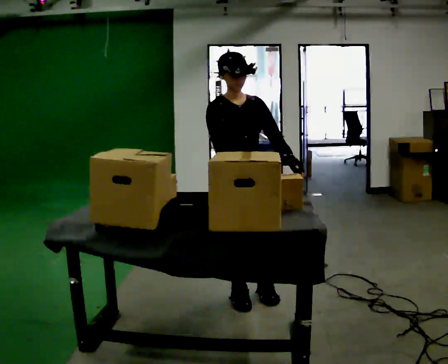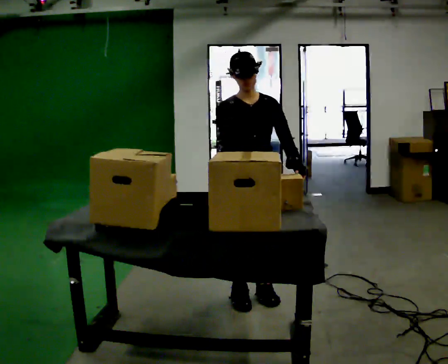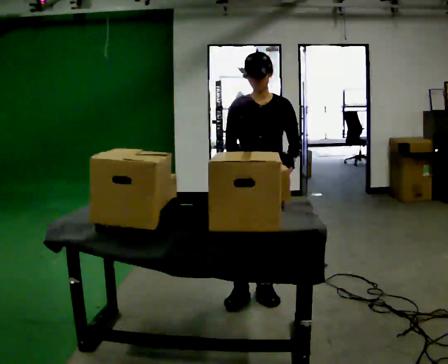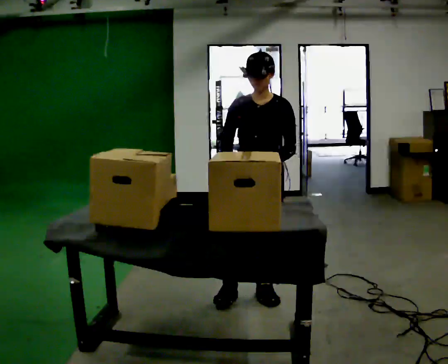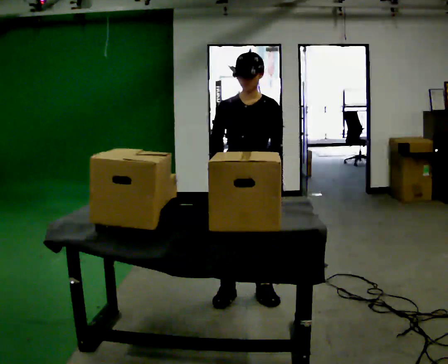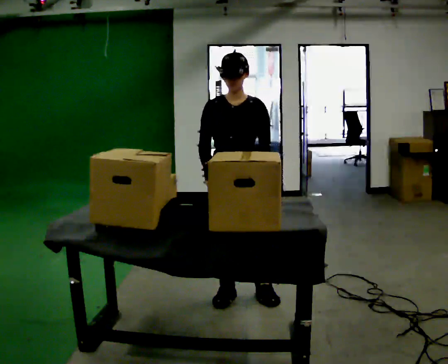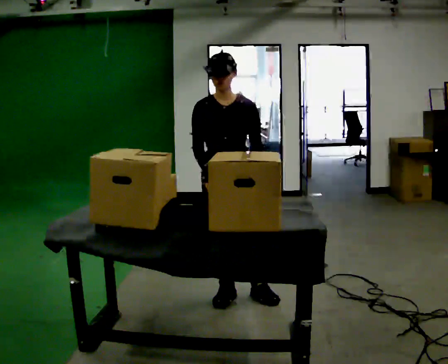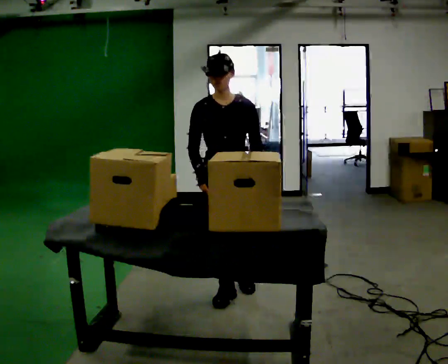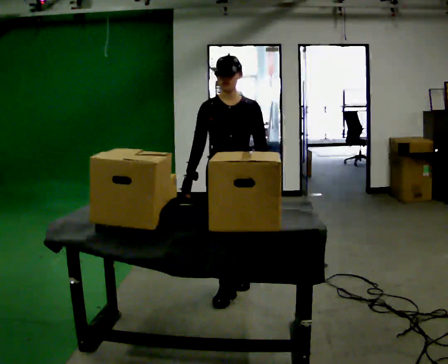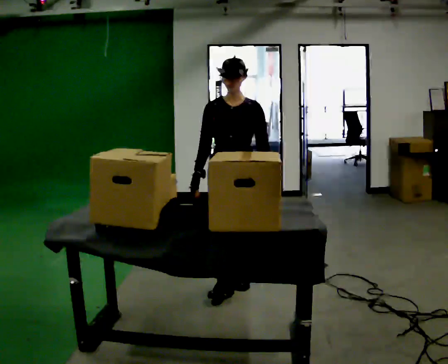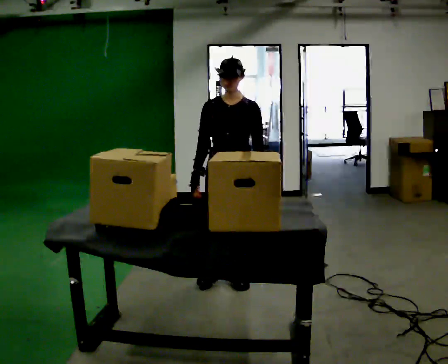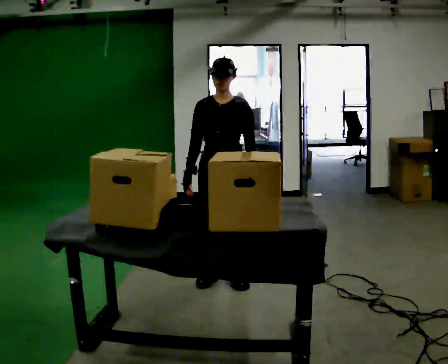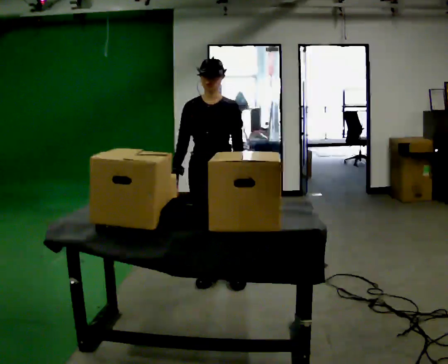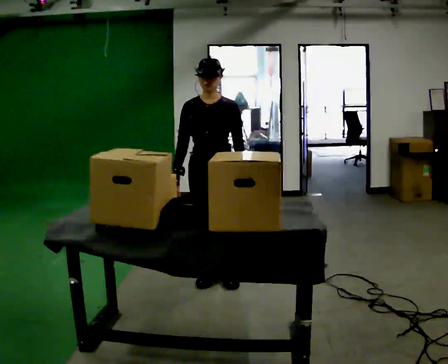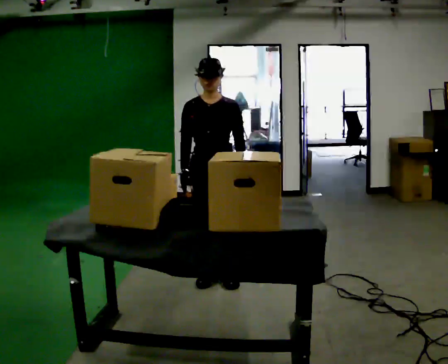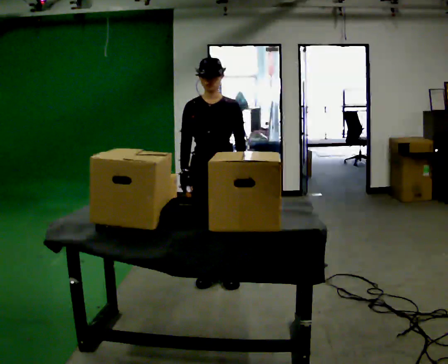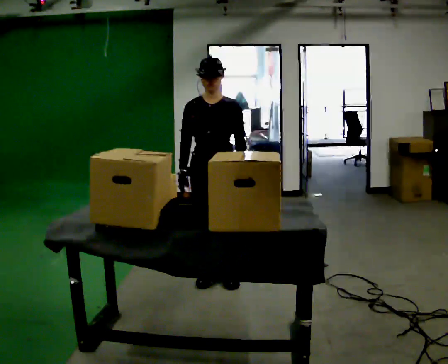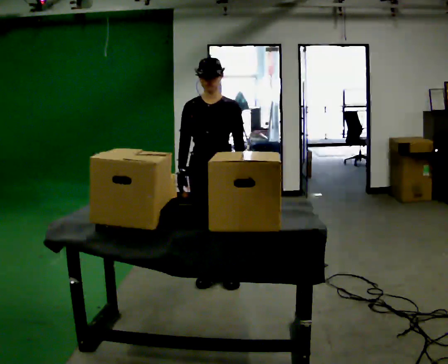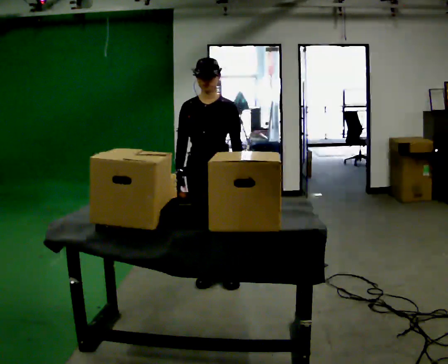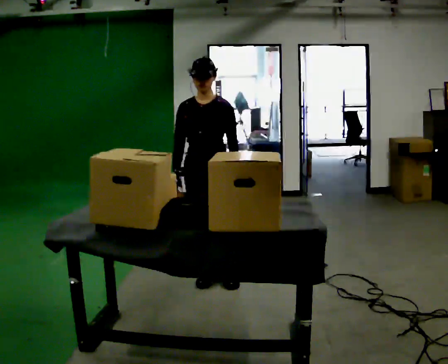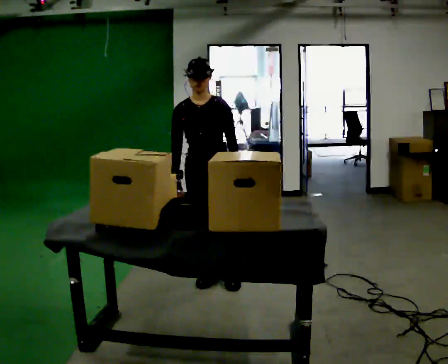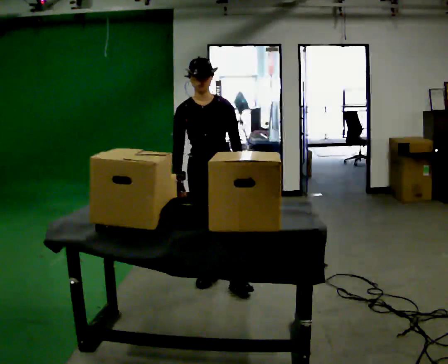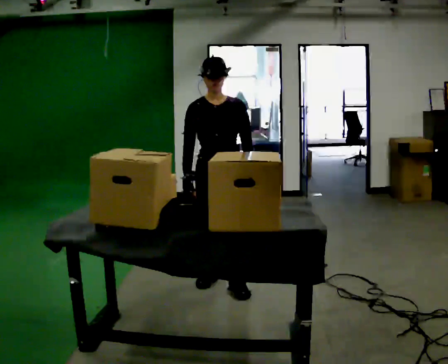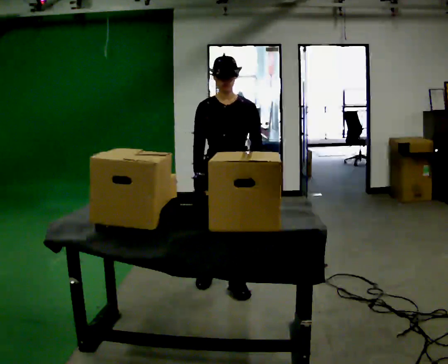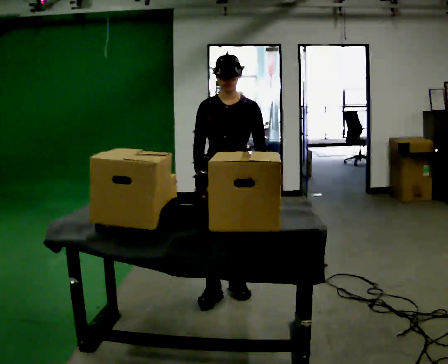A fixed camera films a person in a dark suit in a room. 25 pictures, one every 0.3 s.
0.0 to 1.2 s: The person turns about 30 degrees to their right, clockwise seen from above, so the part of the body nearest the lens slides to the left.
1.2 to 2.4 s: In the picture they go away from the camera, about 0.25 m in 1 step, which for them is backward.
2.4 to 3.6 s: In the picture they go away from the camera, about 0.25 m in 1 step, which for them is backward and to their right.
3.6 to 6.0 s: The person moves a little, or ends about where they began.
6.0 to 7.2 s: In the picture they go toward the camera, about 0.25 m in 1 step, which for them is forward and to their left.
The film runs forward here.
